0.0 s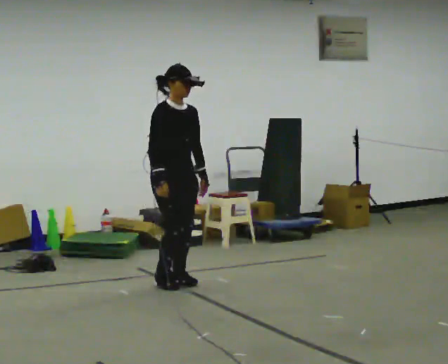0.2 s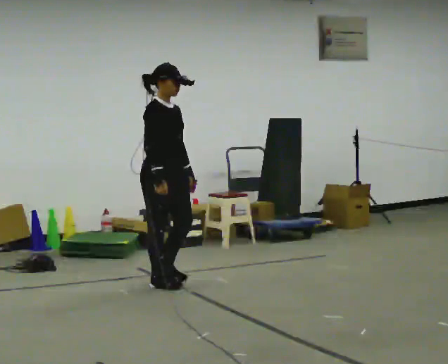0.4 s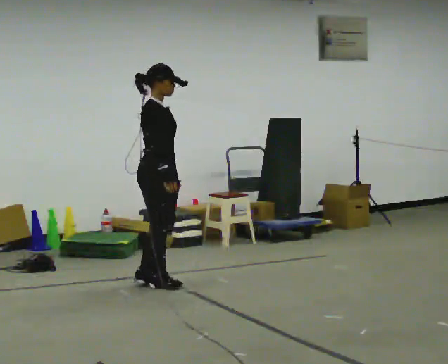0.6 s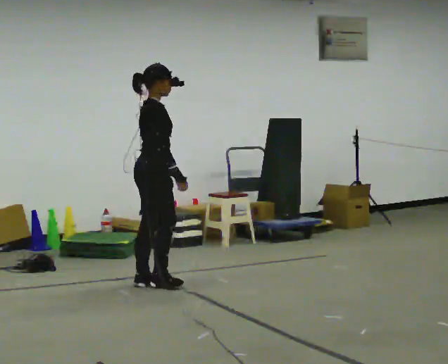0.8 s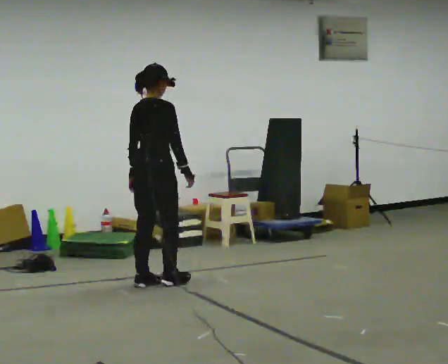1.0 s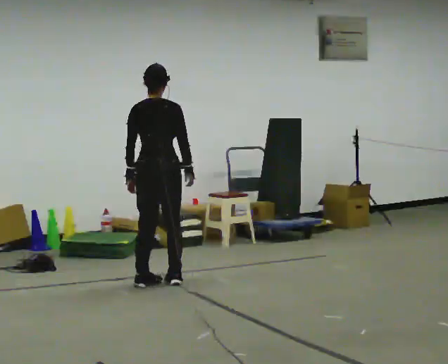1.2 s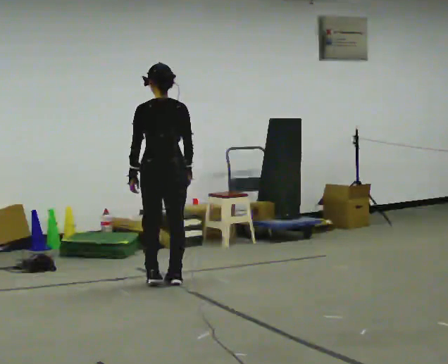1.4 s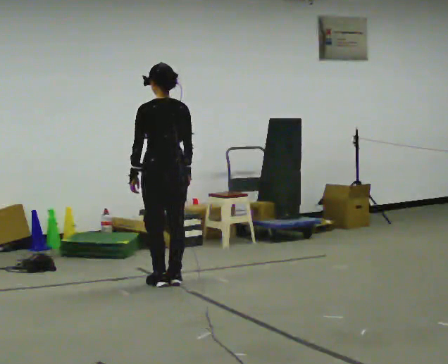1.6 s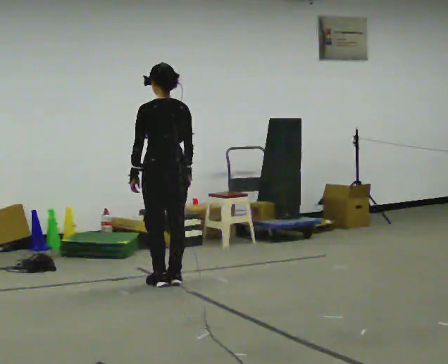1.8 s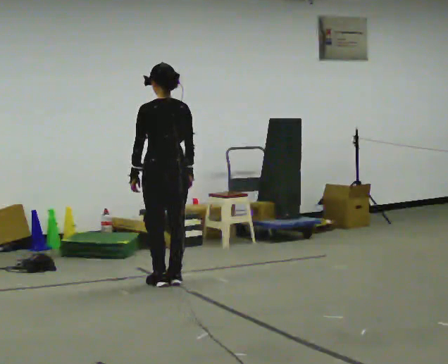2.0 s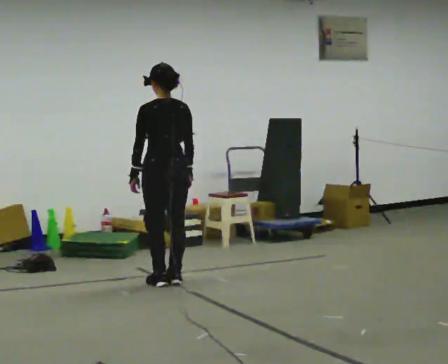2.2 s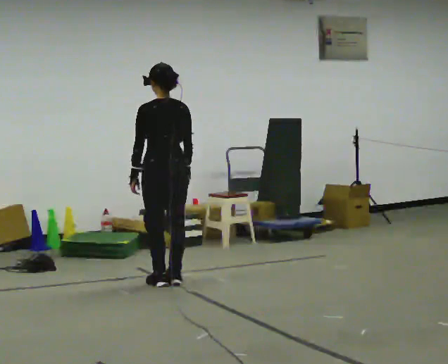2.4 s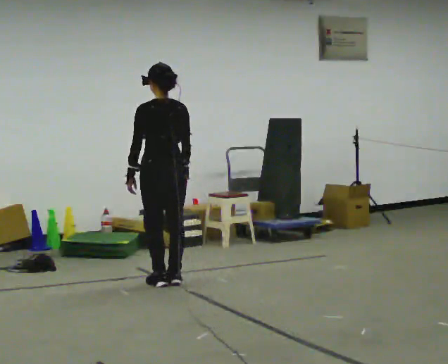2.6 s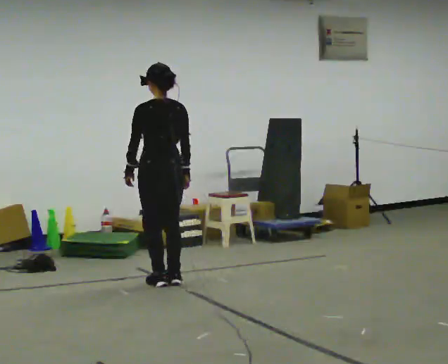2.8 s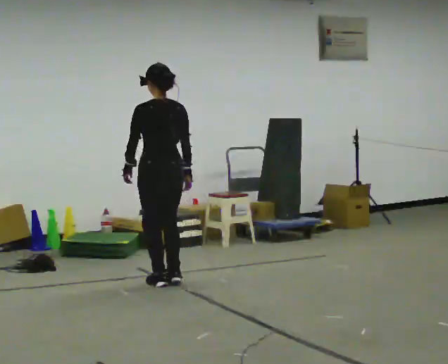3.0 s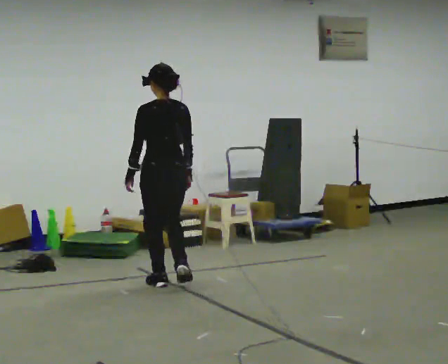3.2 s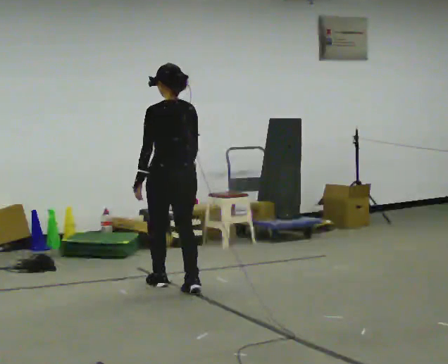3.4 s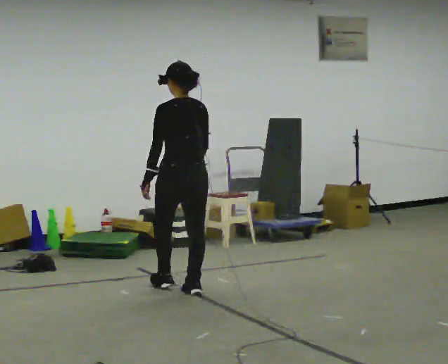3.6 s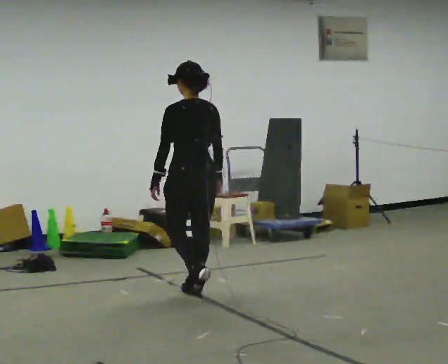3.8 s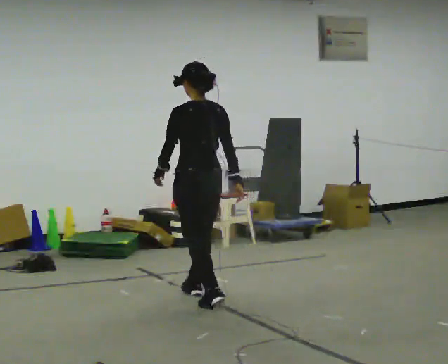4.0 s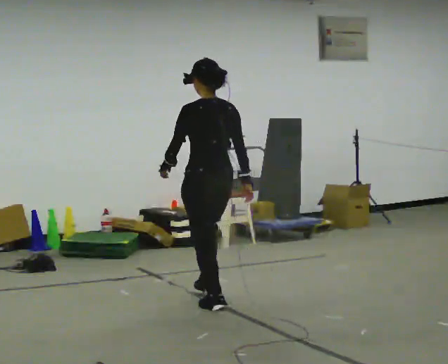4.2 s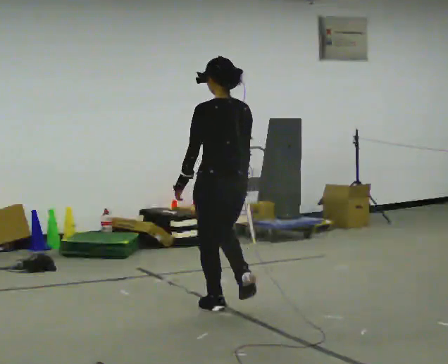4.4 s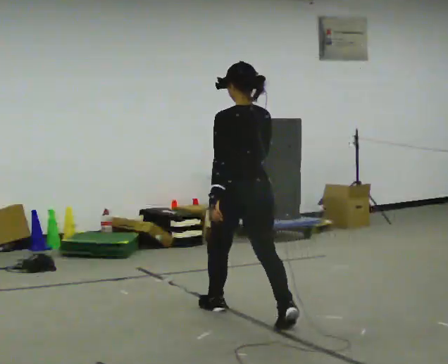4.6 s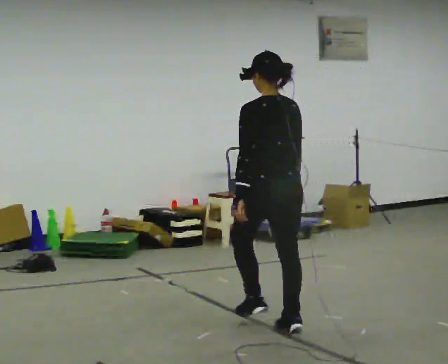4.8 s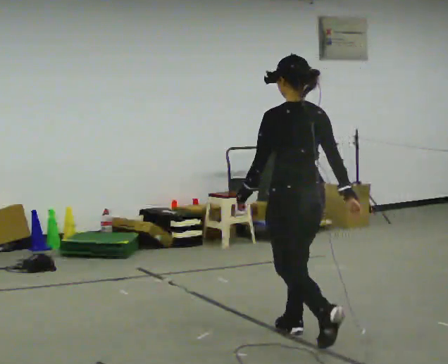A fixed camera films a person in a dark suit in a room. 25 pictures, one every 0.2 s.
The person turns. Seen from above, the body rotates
counterclockwise.
The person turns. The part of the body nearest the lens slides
to the right.
0.0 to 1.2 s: The part of the body nearest the lens slides to the right as the person turns to their left by about 150 degrees.
1.2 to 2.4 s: The person moves a little, or ends about where they began.
2.4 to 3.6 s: In the picture they go toward the camera and to the right, about 0.5 m in 2 steps, which for them is backward.
3.6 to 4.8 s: In the picture they go toward the camera and to the right, about 1 m in 2 steps, which for them is backward.
The film runs backward here.
